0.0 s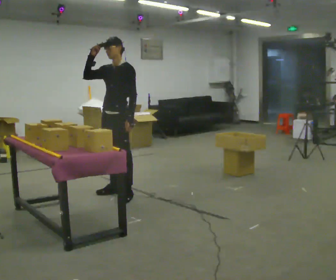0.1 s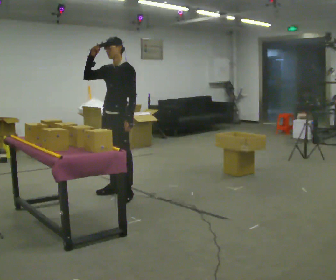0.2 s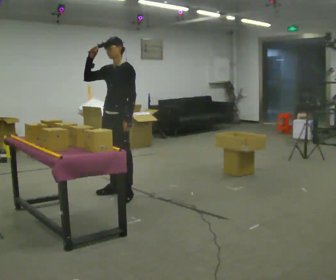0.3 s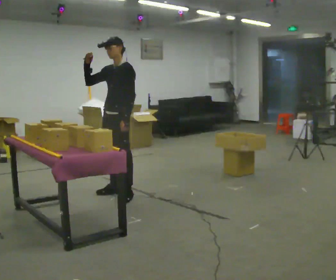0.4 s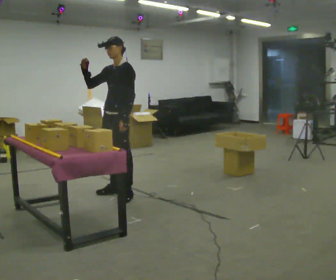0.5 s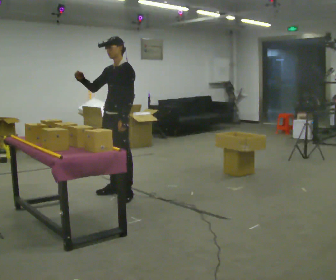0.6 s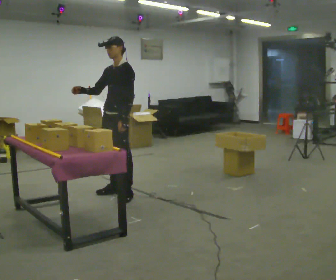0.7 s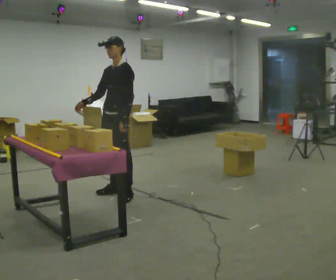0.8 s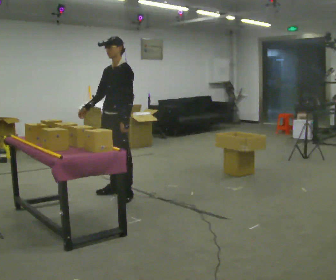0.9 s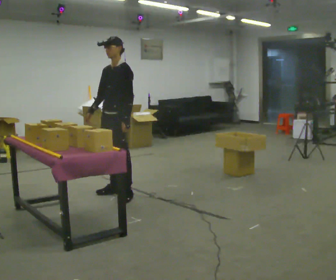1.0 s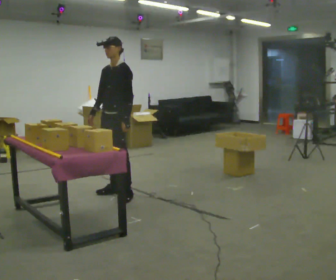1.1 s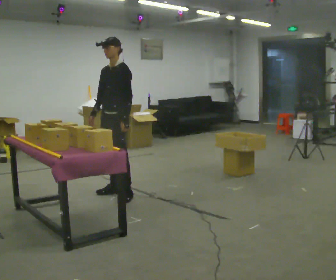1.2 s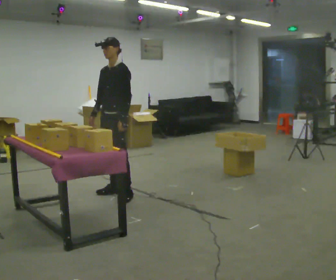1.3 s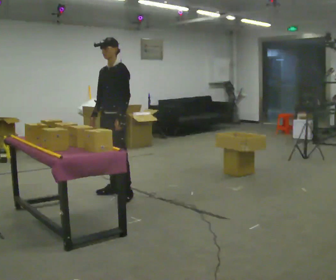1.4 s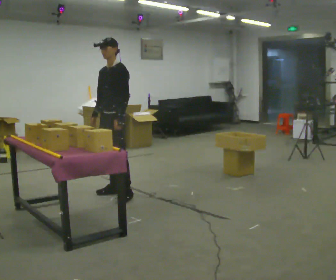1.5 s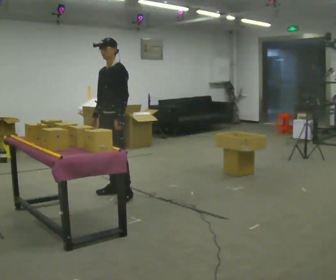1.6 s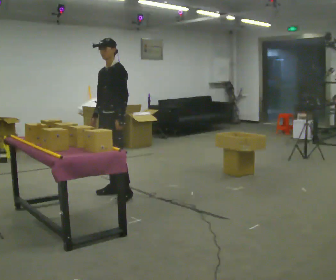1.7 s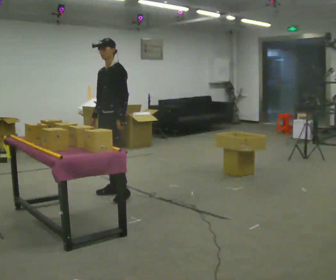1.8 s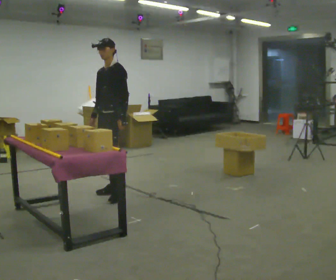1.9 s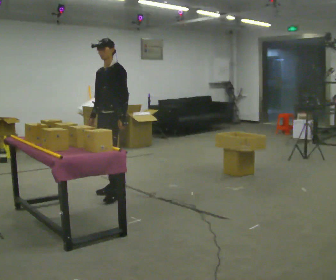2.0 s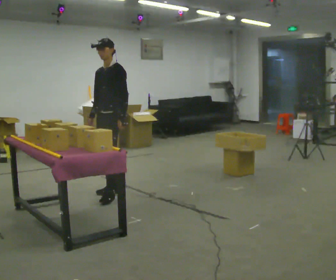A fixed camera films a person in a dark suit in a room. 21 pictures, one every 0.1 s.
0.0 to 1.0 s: In the picture their right hand goes downward, the arm swinging counterclockwise.
1.0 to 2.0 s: The person moves a little, or ends about where they began.
The film runs backward here.
